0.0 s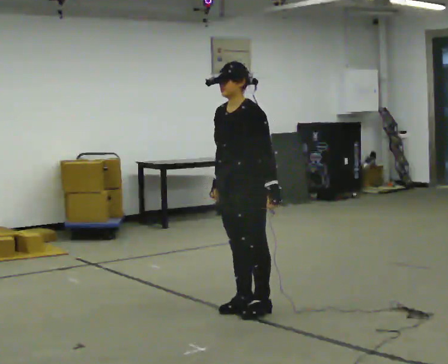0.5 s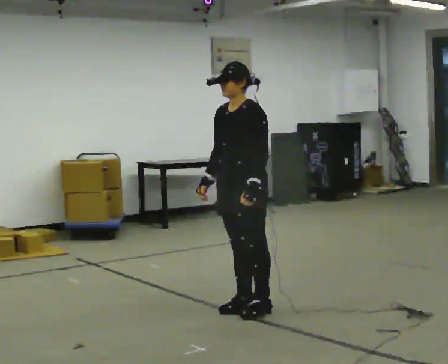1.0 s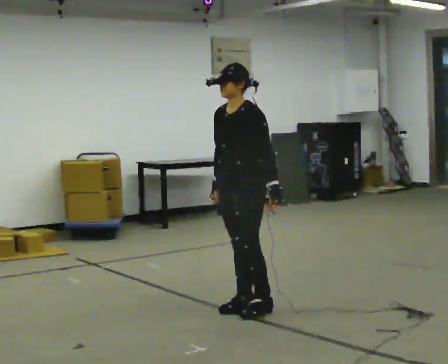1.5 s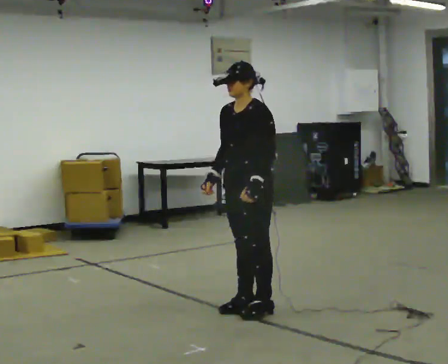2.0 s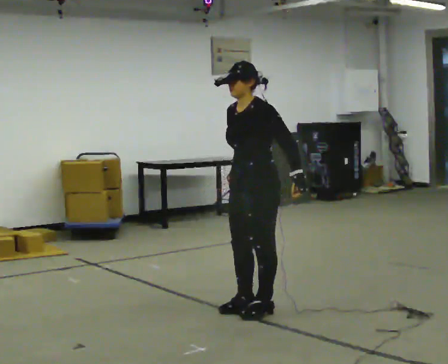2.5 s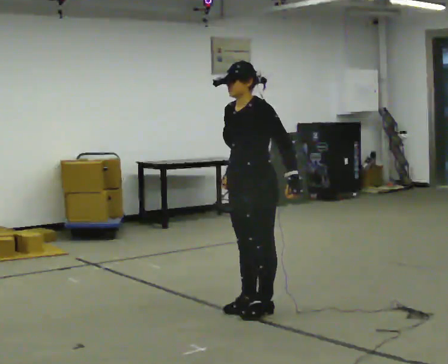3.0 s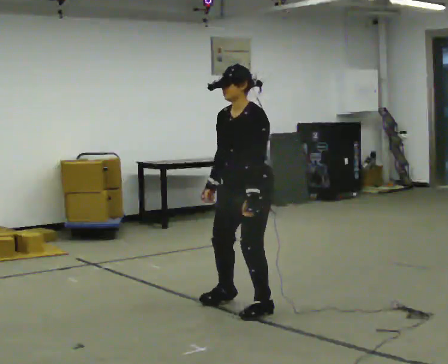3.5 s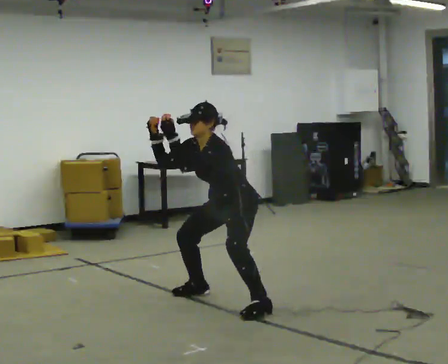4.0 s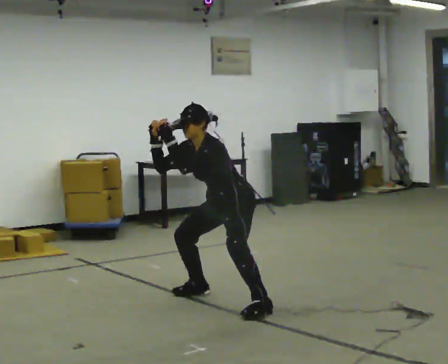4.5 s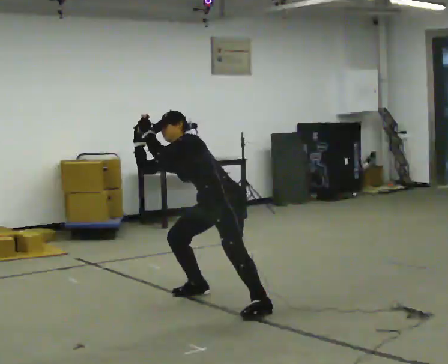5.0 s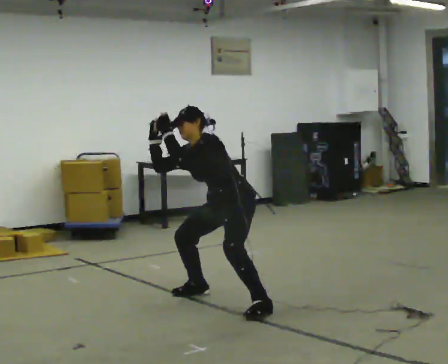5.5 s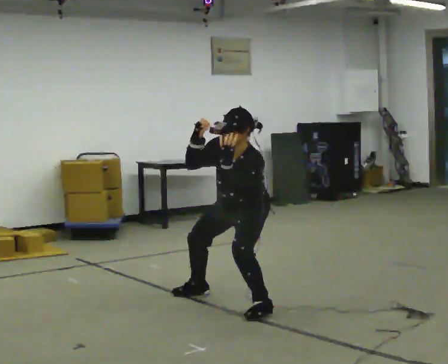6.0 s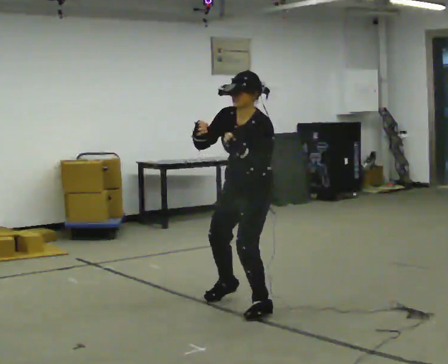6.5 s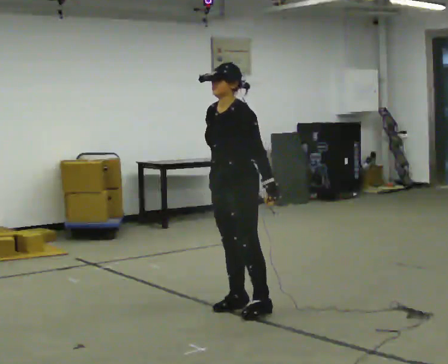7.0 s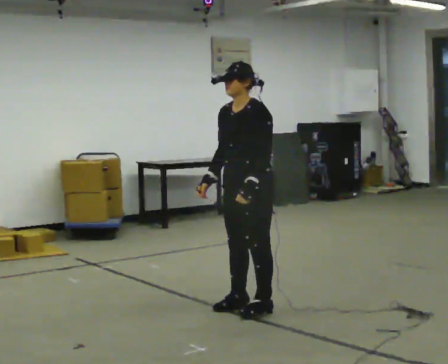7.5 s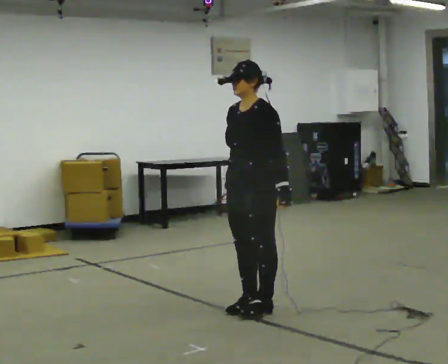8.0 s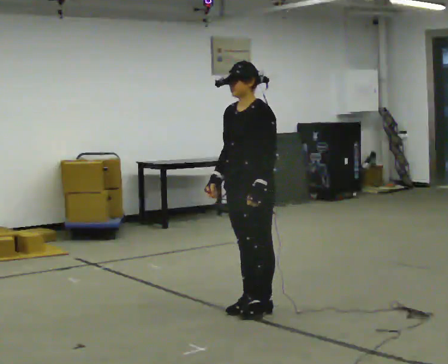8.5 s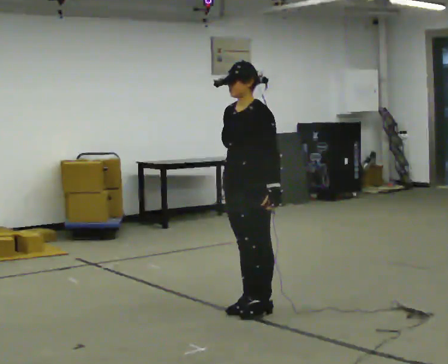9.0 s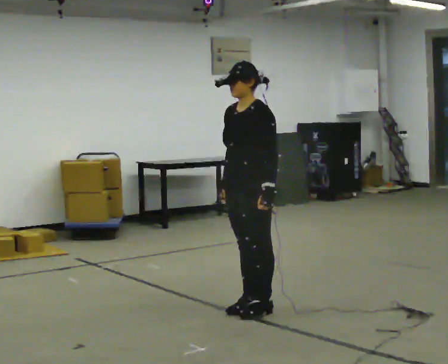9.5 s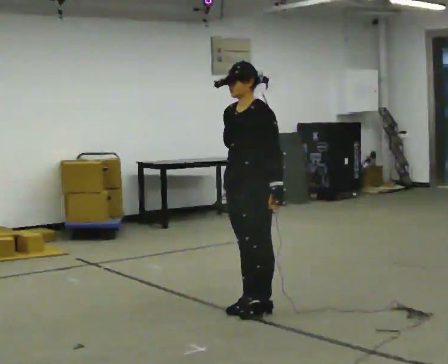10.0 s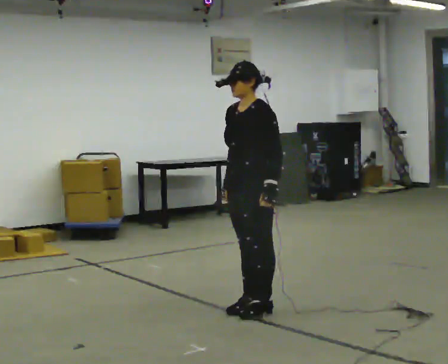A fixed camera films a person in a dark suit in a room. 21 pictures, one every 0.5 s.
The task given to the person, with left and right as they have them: Move as if avoiding punches: slip your head side to side, duck, and raise your guard. Repeat the movement at your own pace until the operator says stop; do not rush.
0.0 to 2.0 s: The person moves a little, or ends about where they began.
2.0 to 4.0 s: In the picture they go away from the camera, about 0.5 m in 1 step, which for them is to their right. The upper body goes downward. In the picture the upper body tilts counterclockwise, shoulders to the left, as they bend forward.
4.0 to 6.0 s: In the picture they go toward the camera, about 0.25 m, which for them is to their left.
6.0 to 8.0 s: The upper body tips away from the camera, its near side rolling upward, as they lean back or straighten.
8.0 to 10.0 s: The person moves a little, or ends about where they began.
The film runs forward here.
